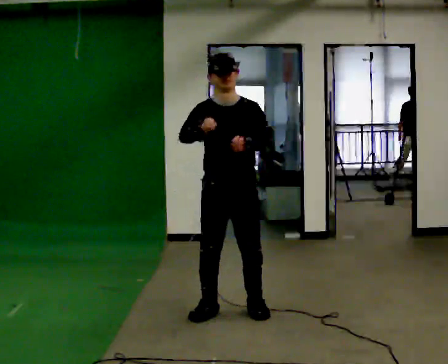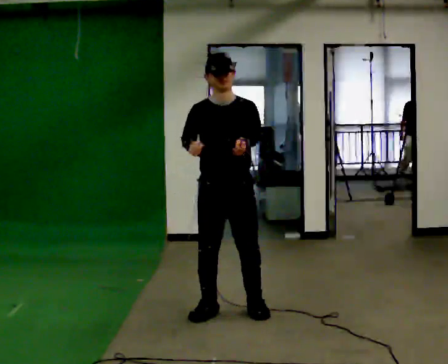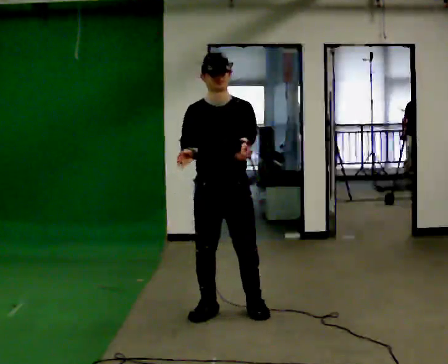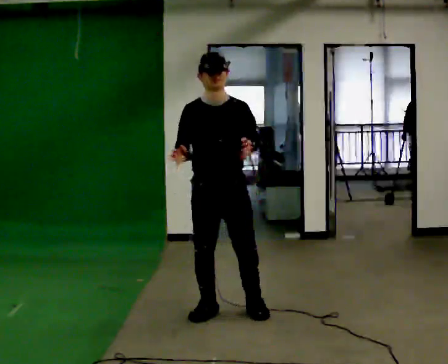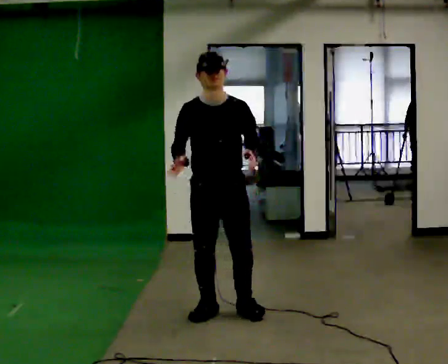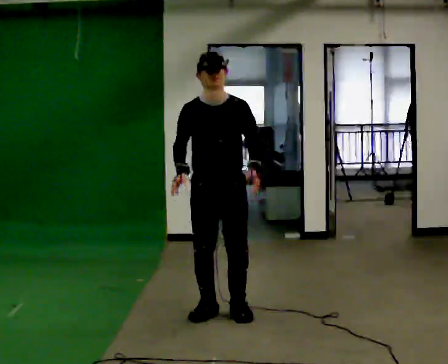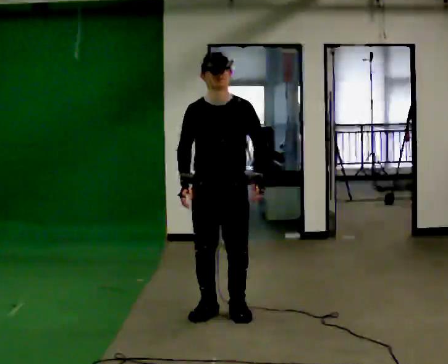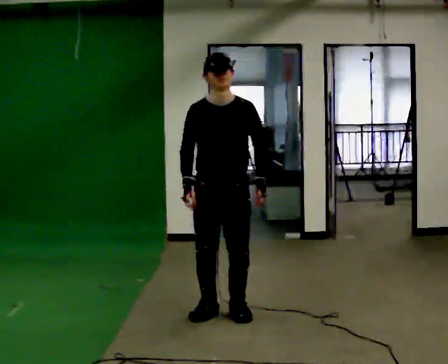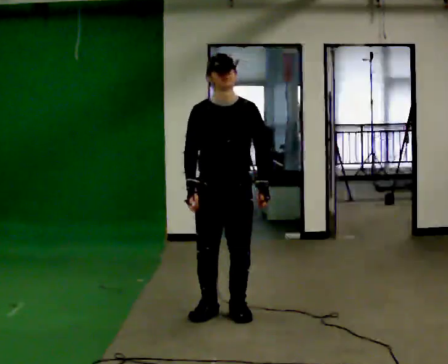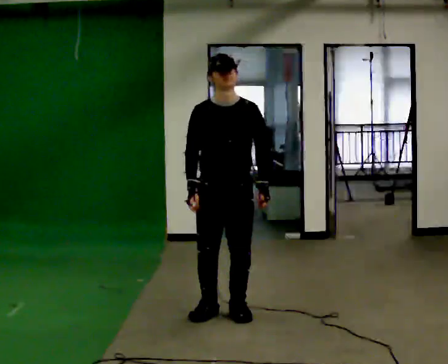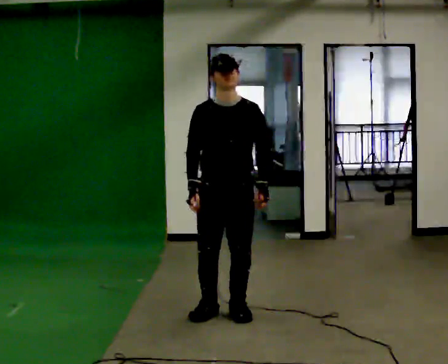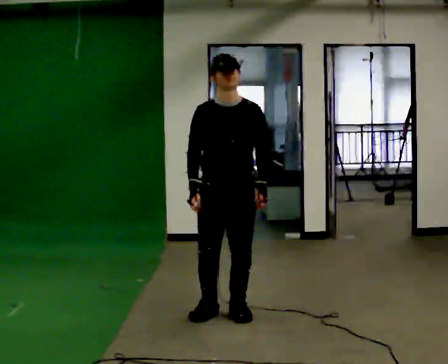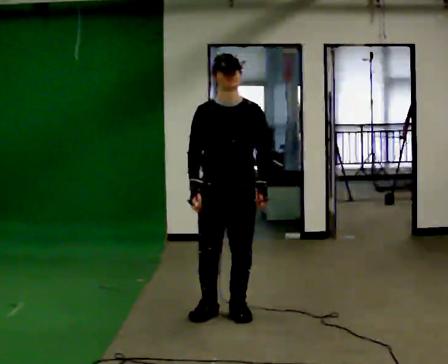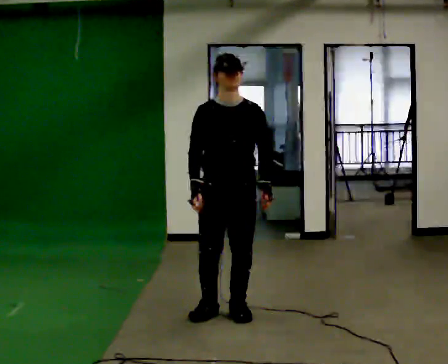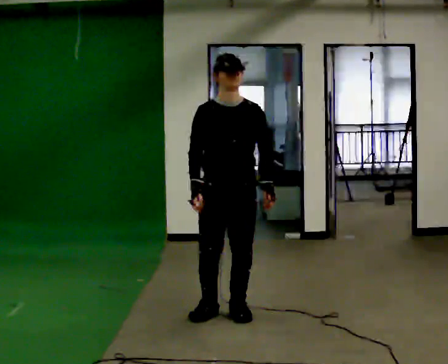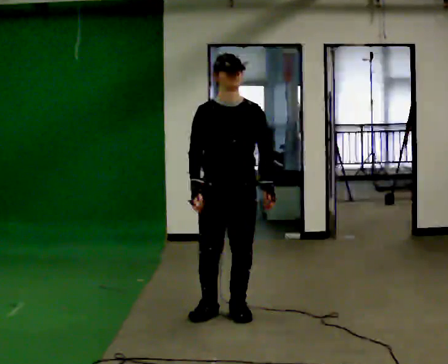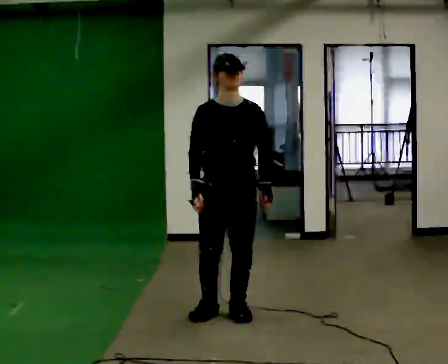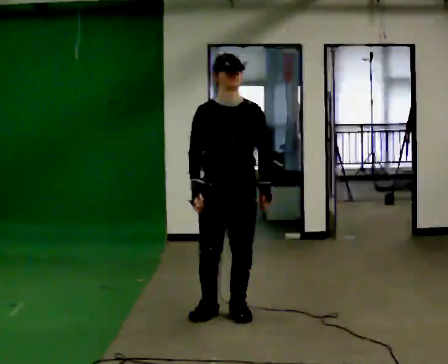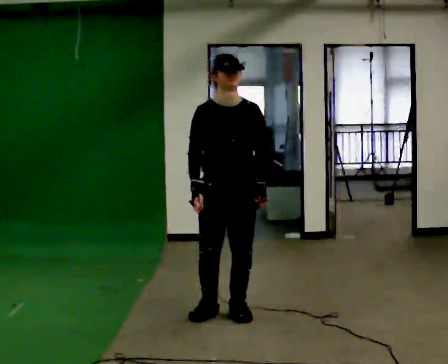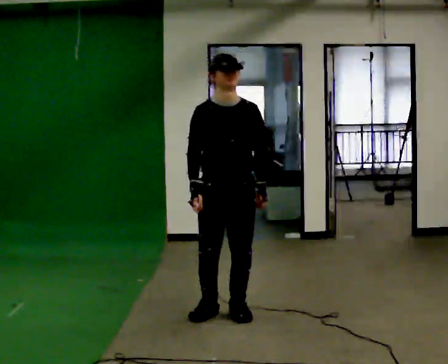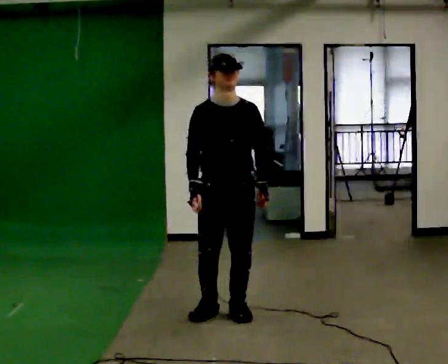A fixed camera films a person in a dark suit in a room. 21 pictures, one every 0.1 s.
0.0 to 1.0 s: In the picture their right hand goes downward.
1.0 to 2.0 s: The person moves a little, or ends about where they began.
The film runs backward here.
